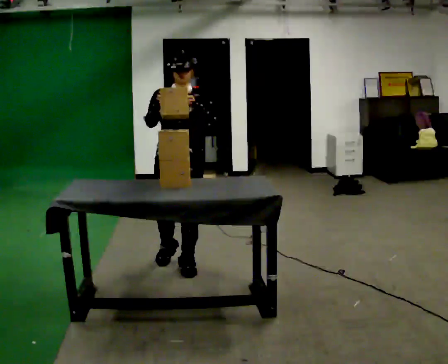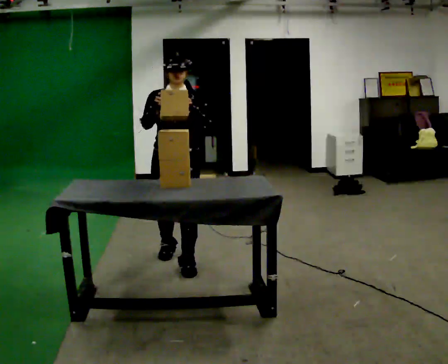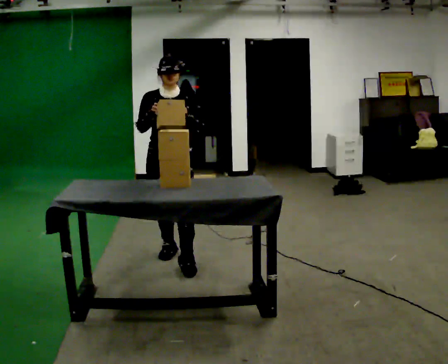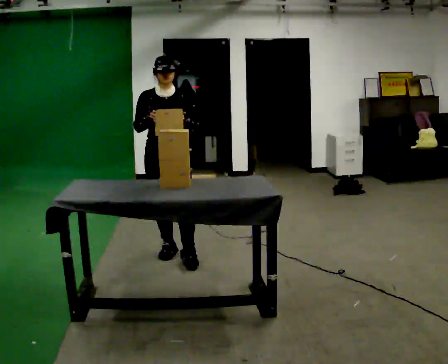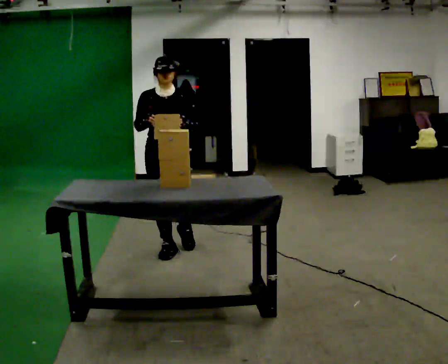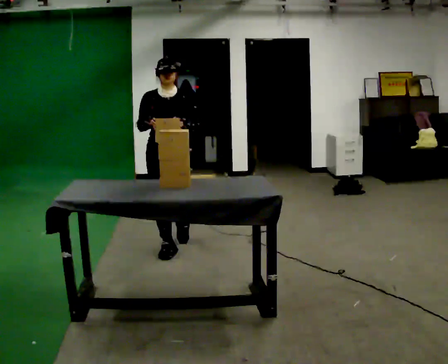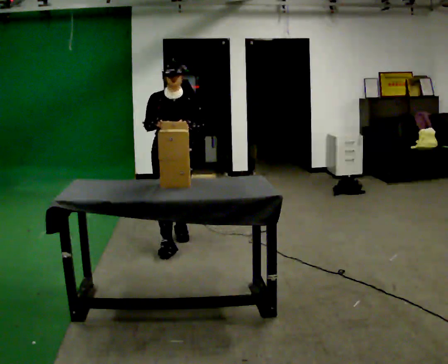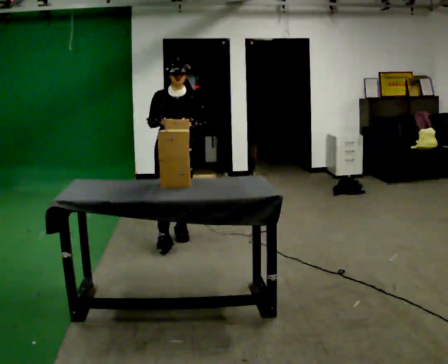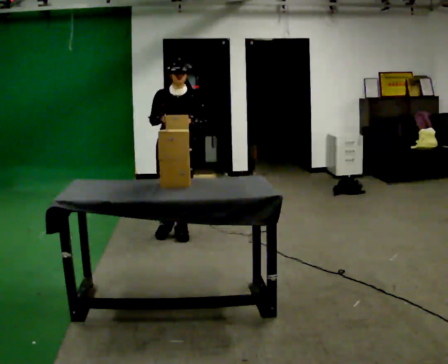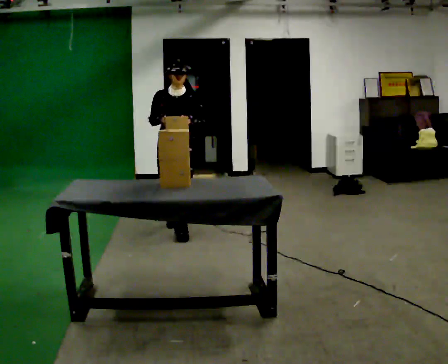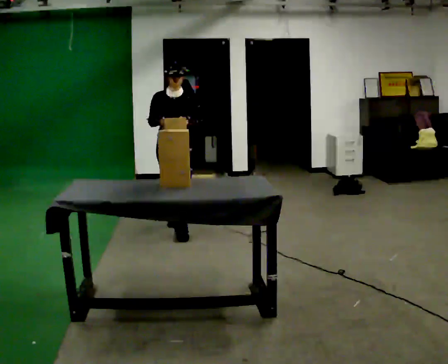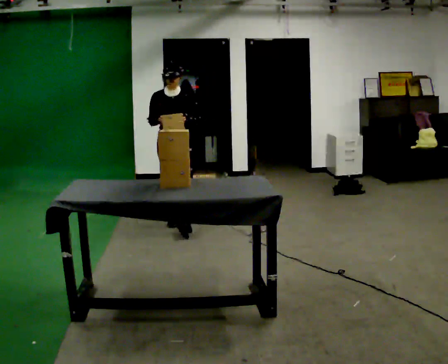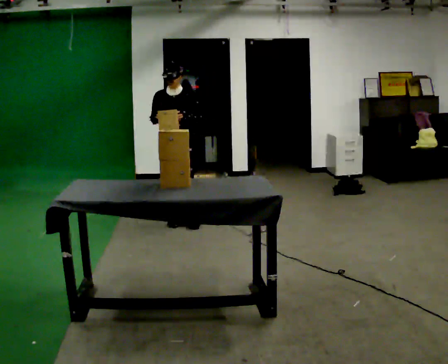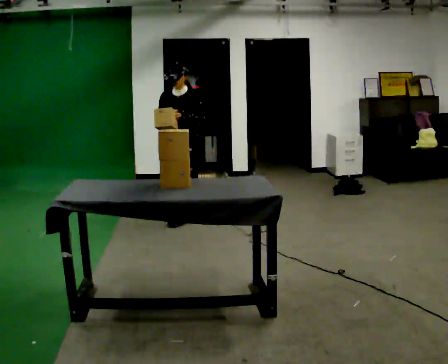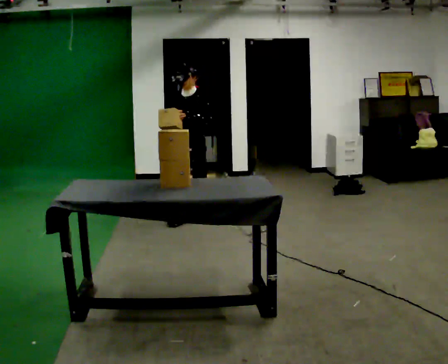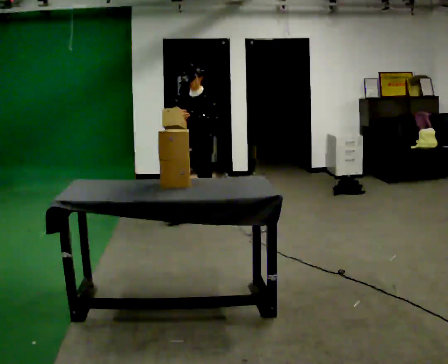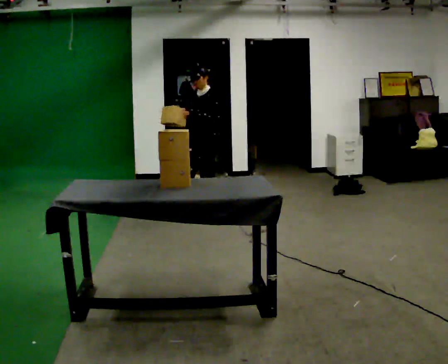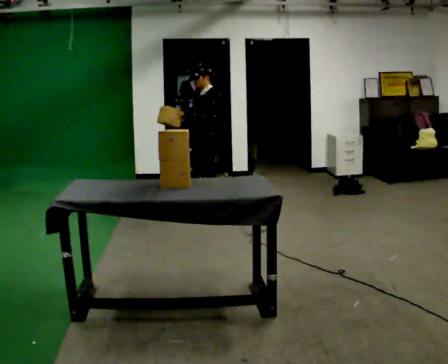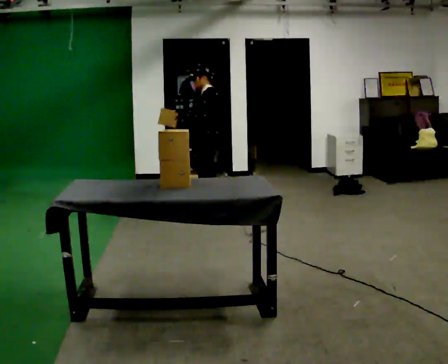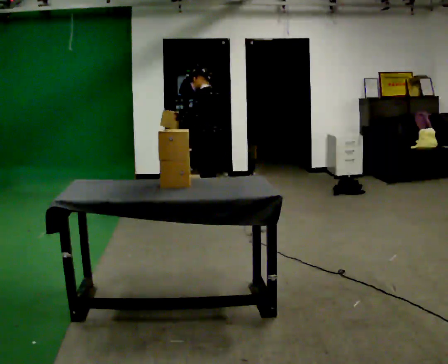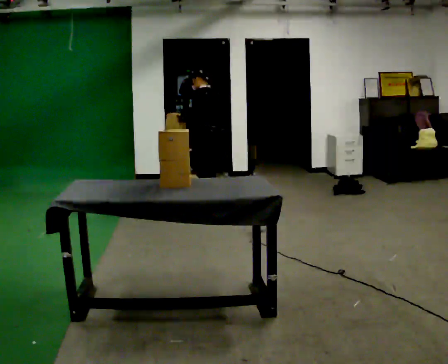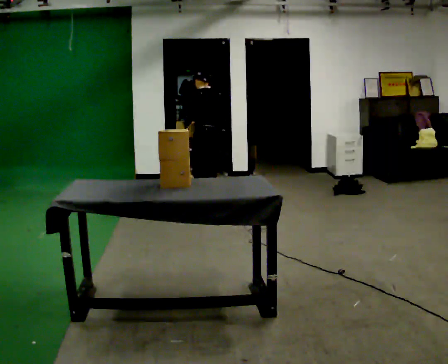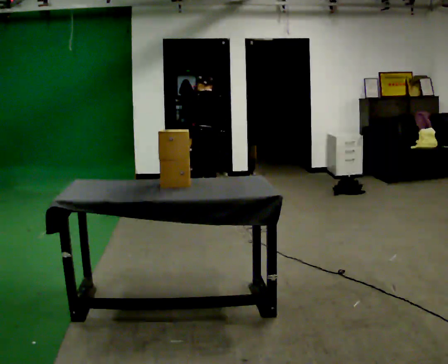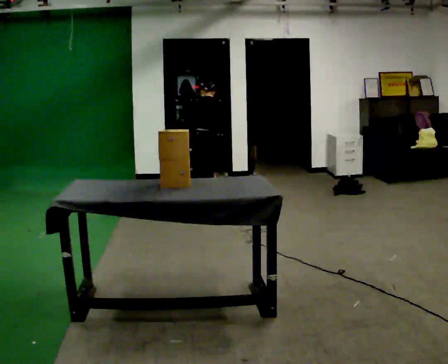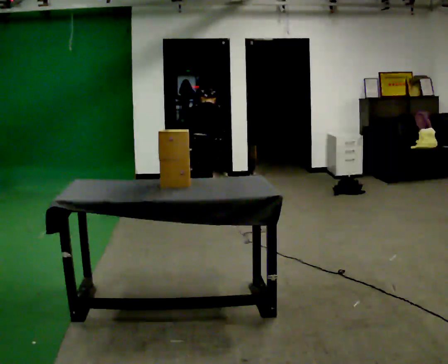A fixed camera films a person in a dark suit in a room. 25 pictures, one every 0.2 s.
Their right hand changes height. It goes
downward.
The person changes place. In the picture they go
away from the camera.
0.0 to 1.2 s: In the picture they go away from the camera, about 0.5 m in 1 step, which for them is backward.
1.2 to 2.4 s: In the picture they go away from the camera, about 0.75 m in 2 steps, which for them is backward.
2.4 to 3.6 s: The person turns about 90 degrees to their right, clockwise seen from above, so the part of the body nearest the lens slides to the left. In the picture they go to the right and away from the camera, about 0.5 m in 1 step.
3.6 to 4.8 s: Seen from above the body turns clockwise, about 90 degrees: to their right, with its near side sliding to the left. The shoulders move downward. The upper body tips away from the camera, its near side rolling upward, as they bend forward. In the picture their right hand goes downward.
The film runs backward here.
